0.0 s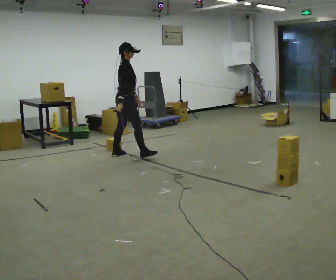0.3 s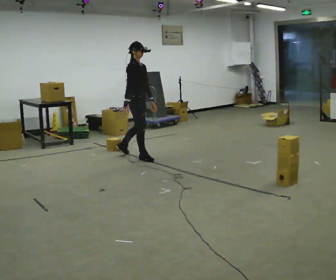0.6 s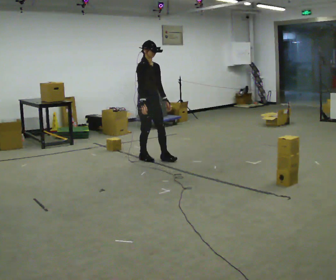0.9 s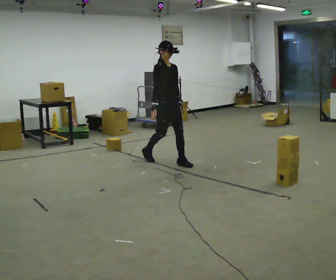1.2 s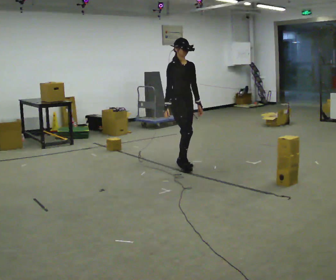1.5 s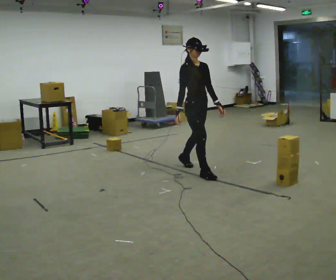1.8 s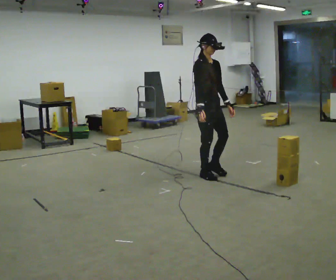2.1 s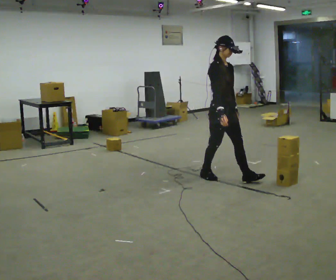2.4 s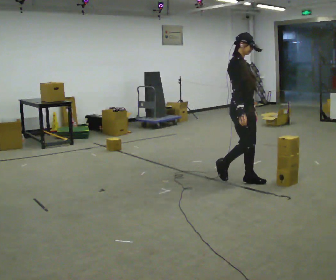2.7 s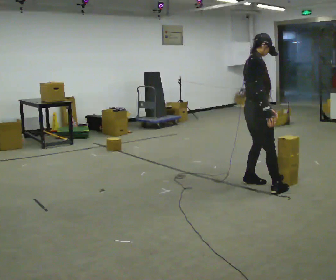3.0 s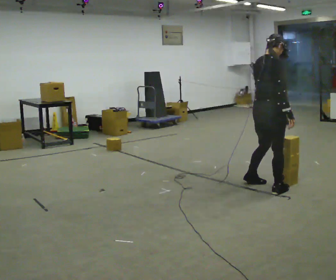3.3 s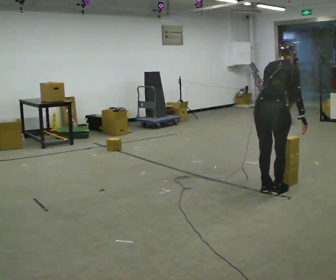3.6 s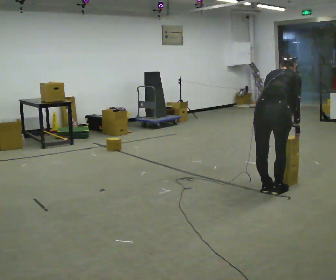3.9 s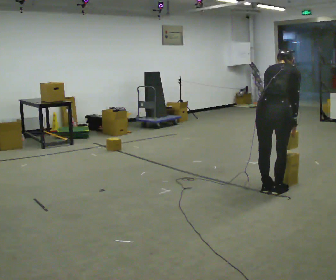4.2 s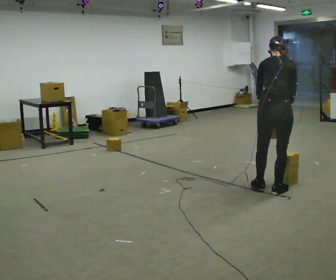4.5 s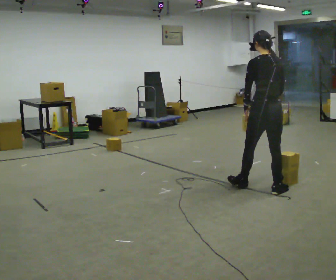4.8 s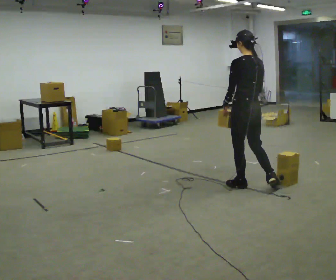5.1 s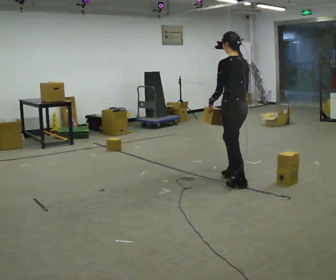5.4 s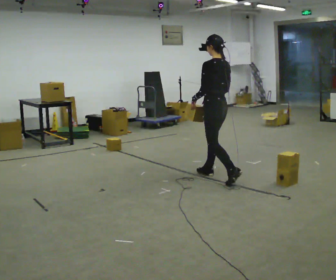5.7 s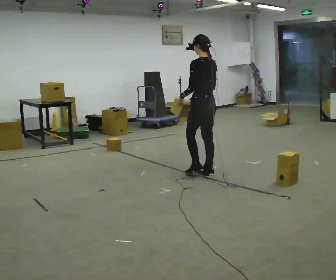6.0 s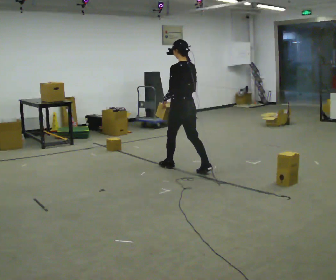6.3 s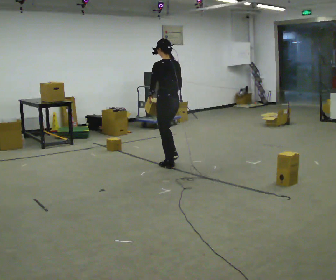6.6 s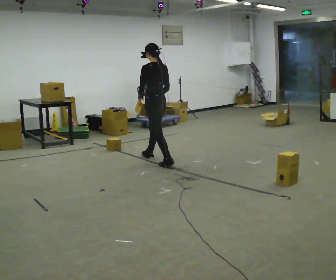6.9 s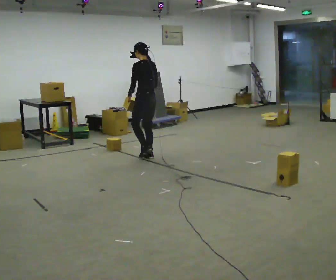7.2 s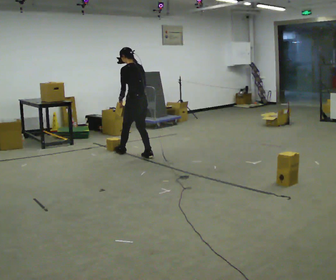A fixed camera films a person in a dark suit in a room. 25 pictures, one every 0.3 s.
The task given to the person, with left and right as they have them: Carry the stack of boxes across the room without letting it fall over, then bring it back. Keep going until the operator says stop; one object at a time, and do not rush between trips.
0.0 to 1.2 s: The person turns about 60 degrees to their right, clockwise seen from above, so the part of the body nearest the lens slides to the left. In the picture they go to the right and toward the camera, about 1 m in 1 step.
1.2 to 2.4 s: In the picture they go to the right and toward the camera, about 1 m in 2 steps, which for them is forward.
2.4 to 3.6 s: The person turns about 90 degrees to their left, counterclockwise seen from above, so the part of the body nearest the lens slides to the right. In the picture they go toward the camera and to the right, about 0.5 m in 2 steps. The shoulders move downward. The upper body tips away from the camera, its near side rolling upward, as they bend forward.
3.6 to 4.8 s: The person turns about 60 degrees to their left, counterclockwise seen from above, so the part of the body nearest the lens slides to the right. In the picture they go away from the camera and to the left, about 0.5 m in 1 step, which for them is forward and to their left. The shoulders move upward. The upper body tips toward the camera, its near side rolling downward, as they lean back or straighten.
4.8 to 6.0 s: In the picture they go to the left and away from the camera, about 1 m in 2 steps, which for them is forward.
6.0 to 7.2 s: In the picture they go to the left and away from the camera, about 1 m in 2 steps, which for them is forward.
The film runs forward here.
